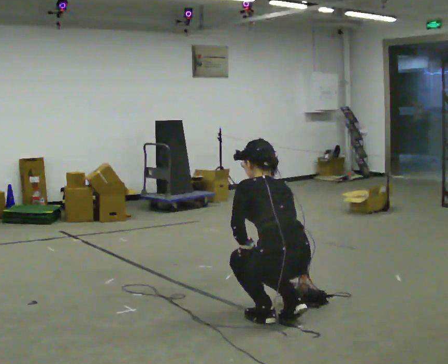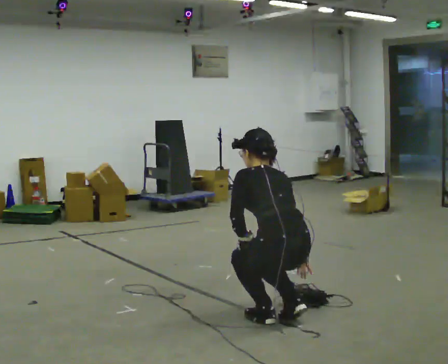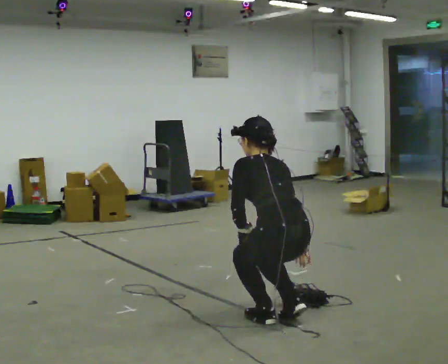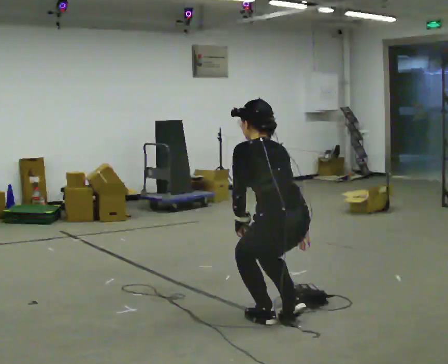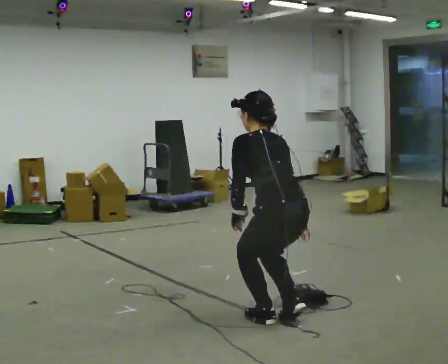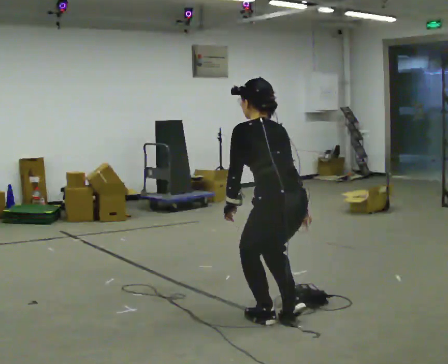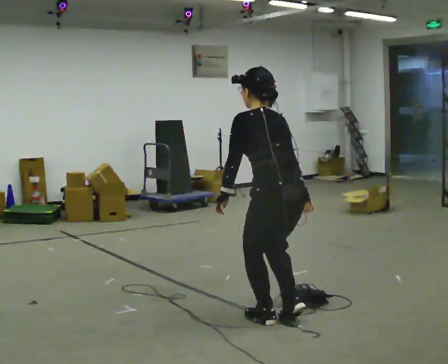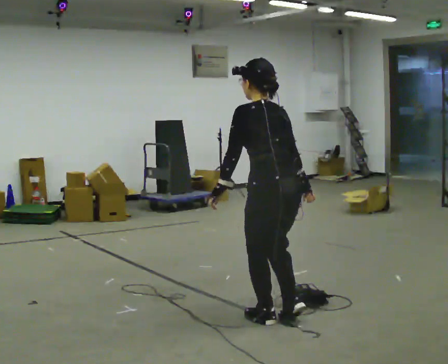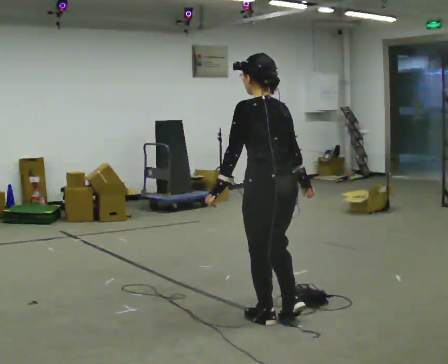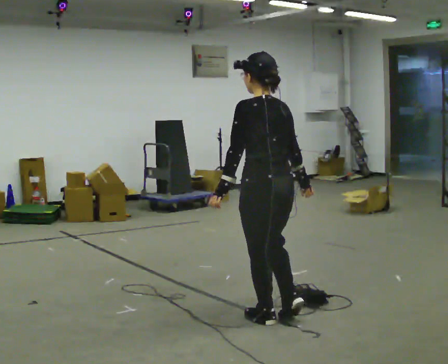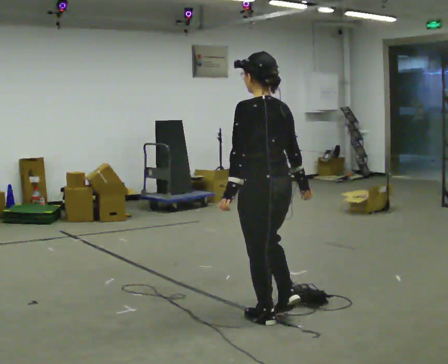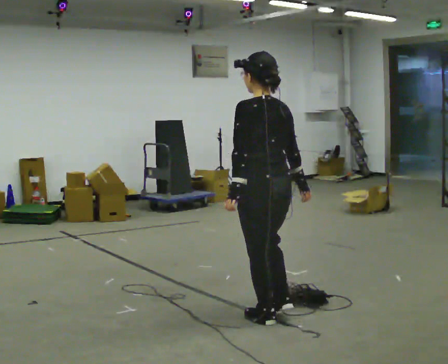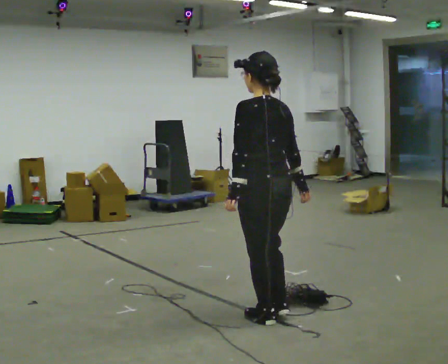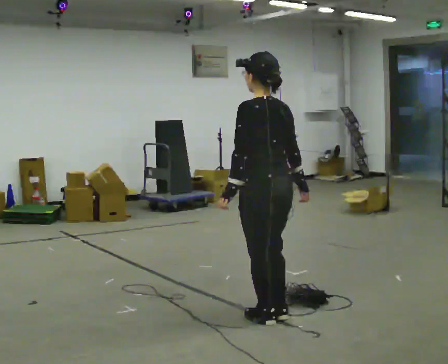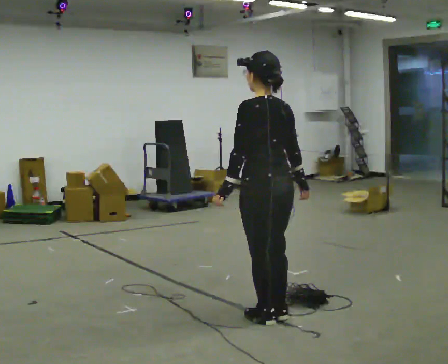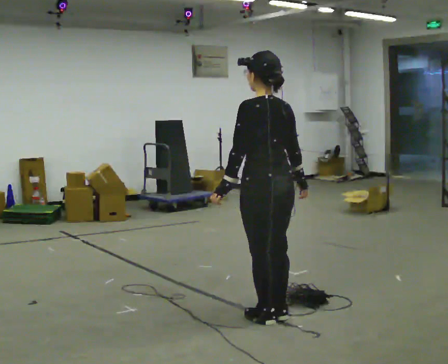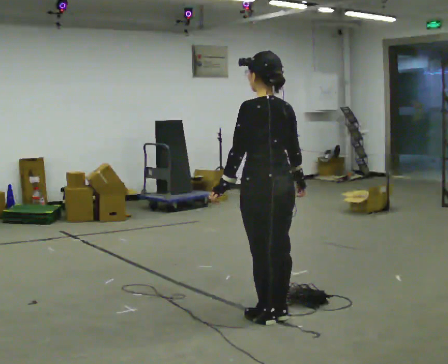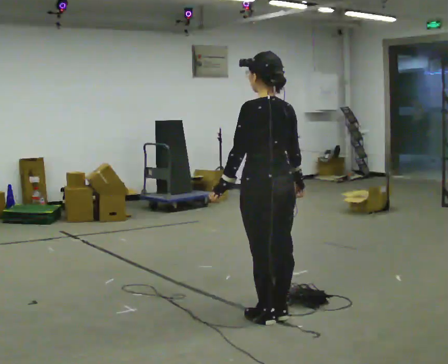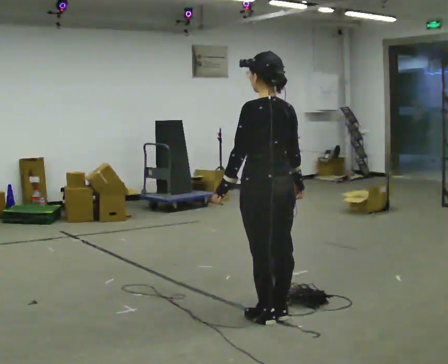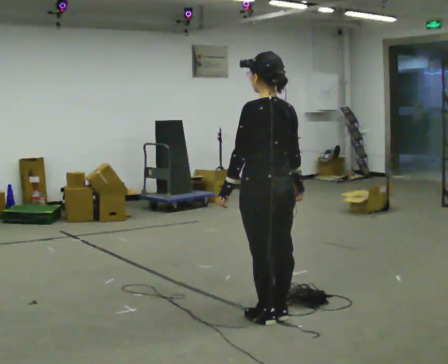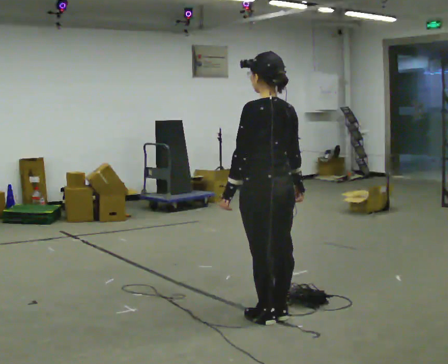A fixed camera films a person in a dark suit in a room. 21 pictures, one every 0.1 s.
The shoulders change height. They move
upward.
Their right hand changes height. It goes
upward.
0.0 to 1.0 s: The shoulders move upward. The upper body tips toward the camera, its near side rolling downward, as they lean back or straighten. In the picture their left hand goes upward.
1.0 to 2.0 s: The person moves a little, or ends about where they began.
The film runs forward here.
